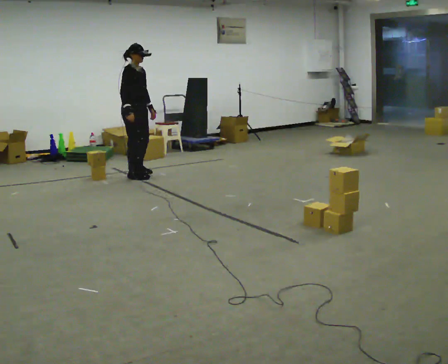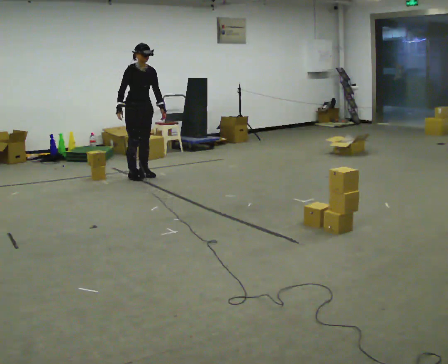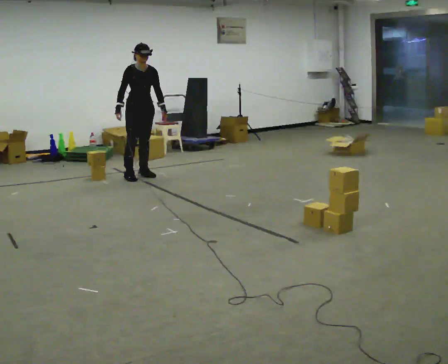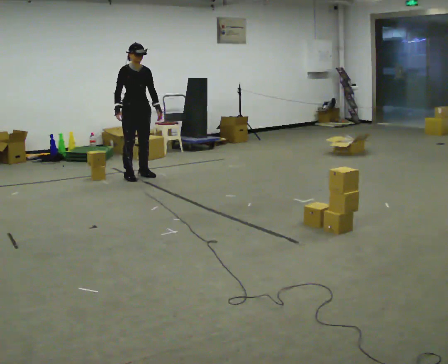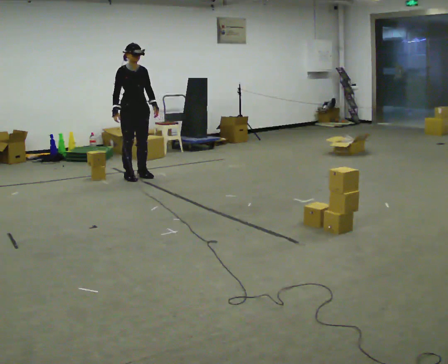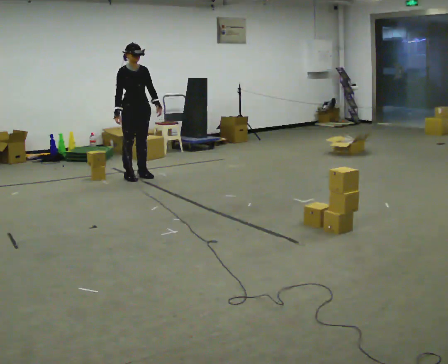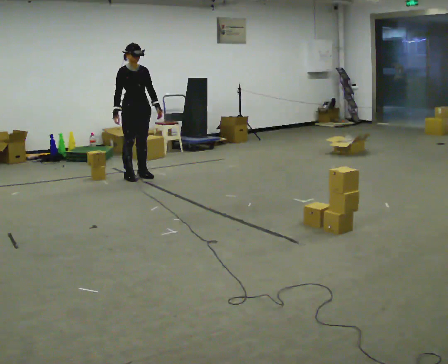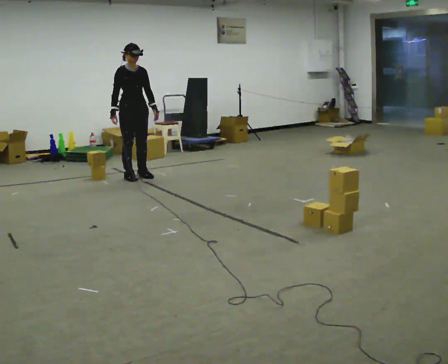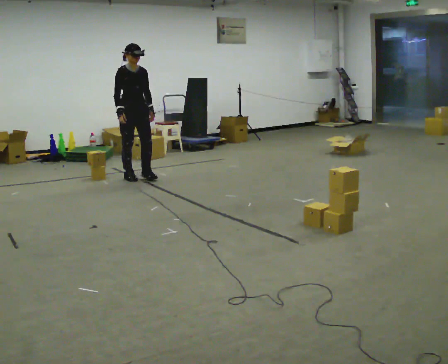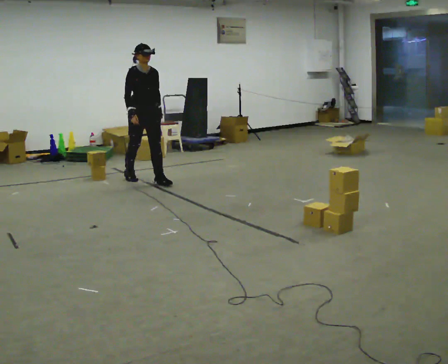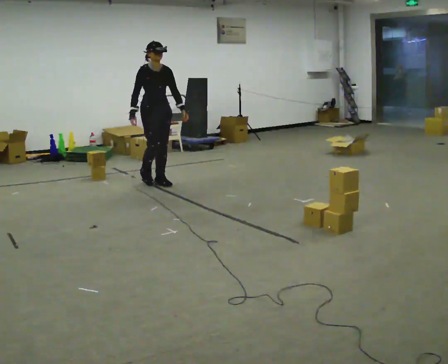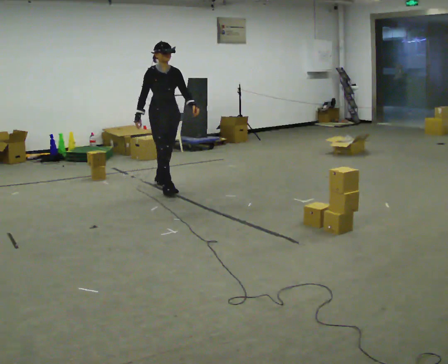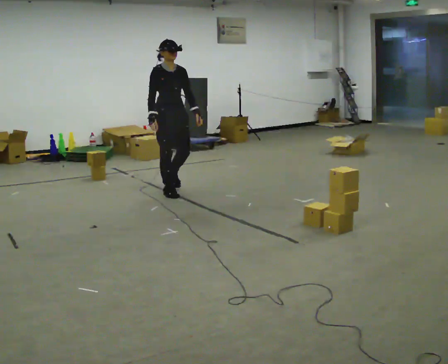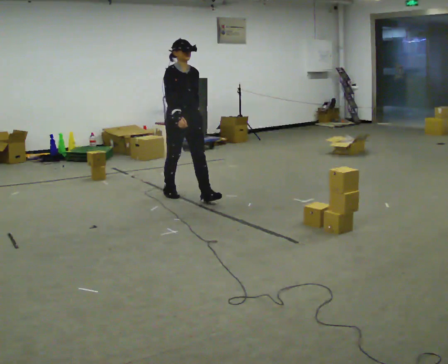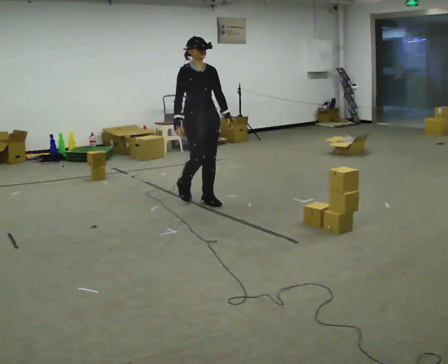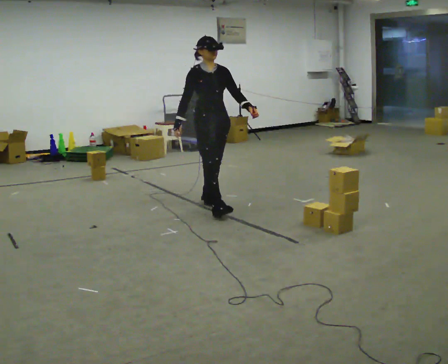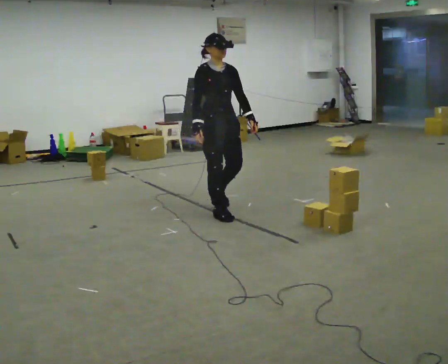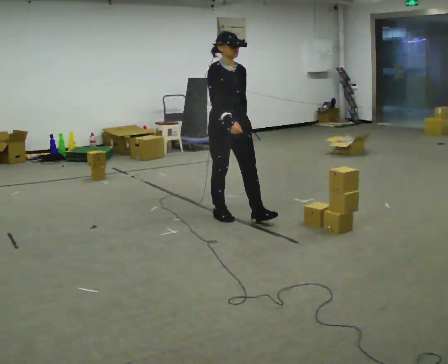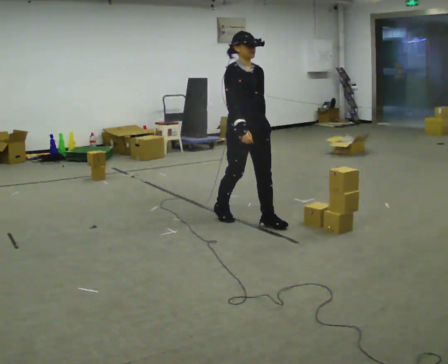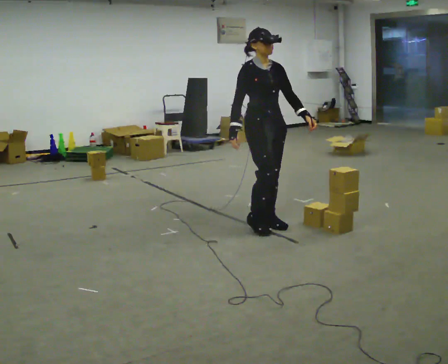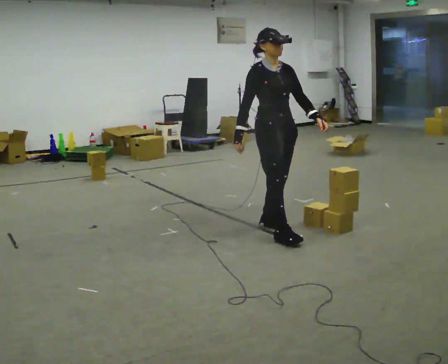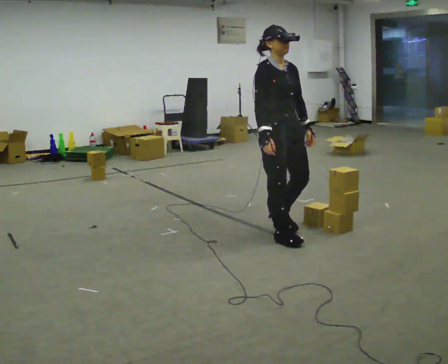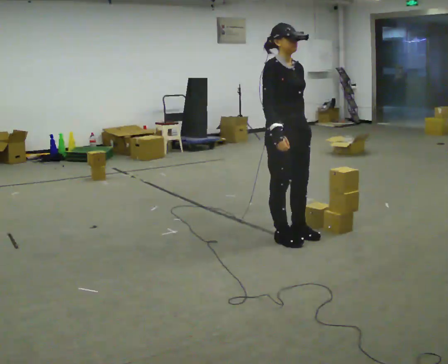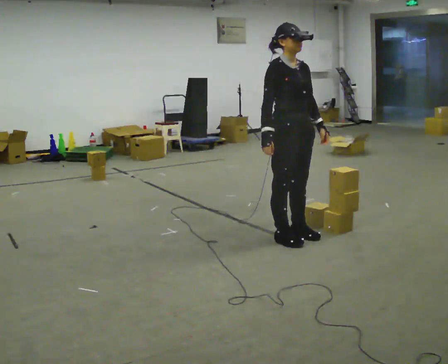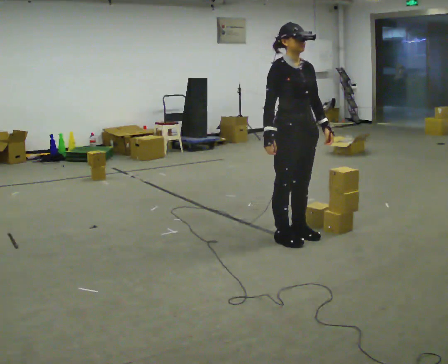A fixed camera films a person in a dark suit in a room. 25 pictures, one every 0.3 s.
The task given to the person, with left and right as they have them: Carry the box and, while you are still walking, turn it so you can read the label, read it out loud, then carry on. Repeat with the next box. Do not stop to read it.
0.0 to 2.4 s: The person turns about 30 degrees to their right, clockwise seen from above, so the part of the body nearest the lens slides to the left.
2.4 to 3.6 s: In the picture they go toward the camera and to the right, about 1 m in 2 steps, which for them is forward.
3.6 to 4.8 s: In the picture they go toward the camera and to the right, about 1 m in 2 steps, which for them is forward.
4.8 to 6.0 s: In the picture they go toward the camera and to the right, about 0.75 m in 2 steps, which for them is forward.
6.0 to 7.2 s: The person moves a little, or ends about where they began.
The film runs forward here.
